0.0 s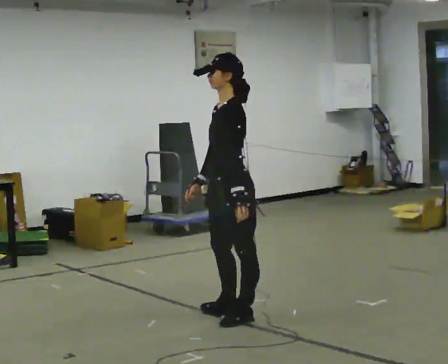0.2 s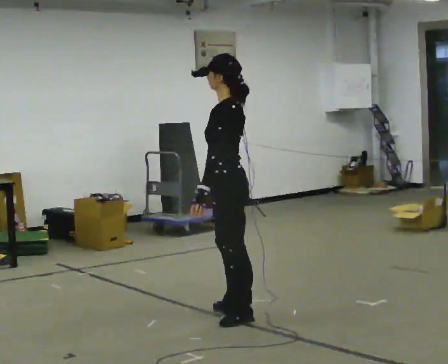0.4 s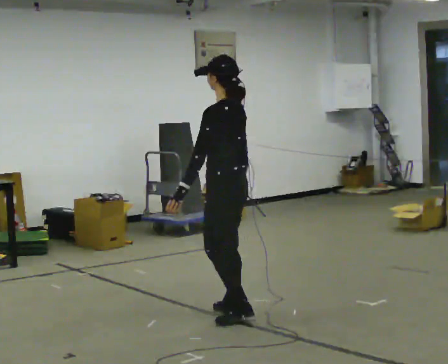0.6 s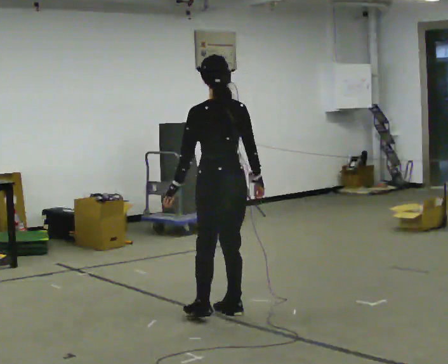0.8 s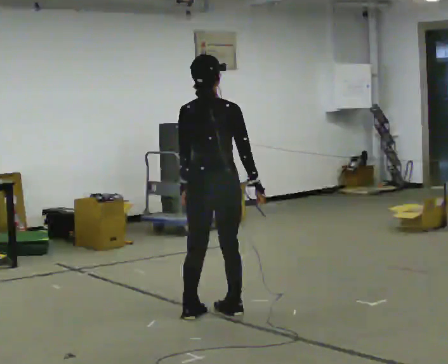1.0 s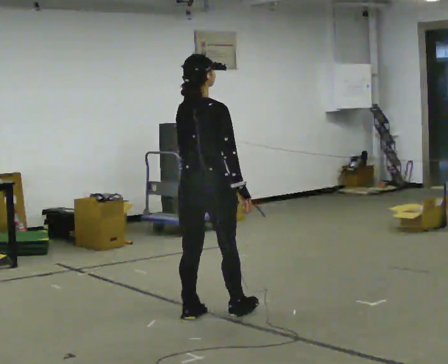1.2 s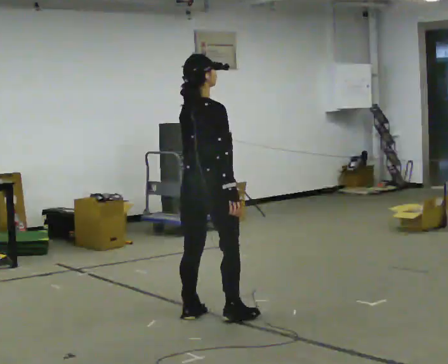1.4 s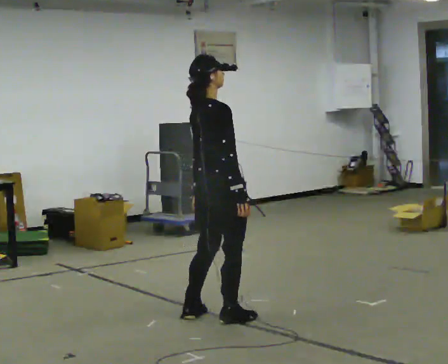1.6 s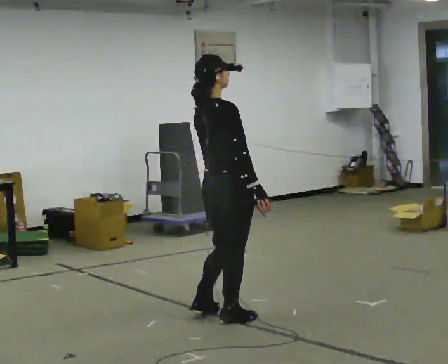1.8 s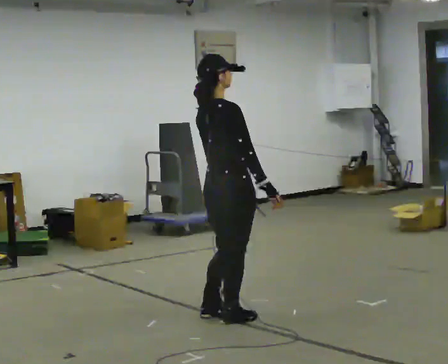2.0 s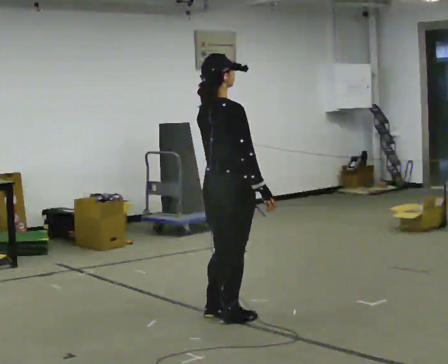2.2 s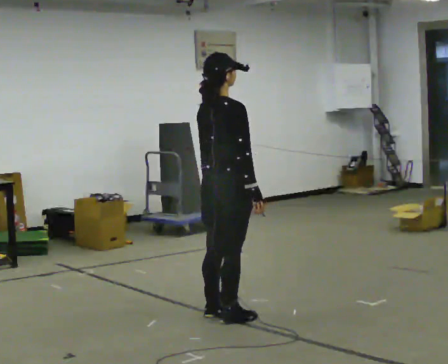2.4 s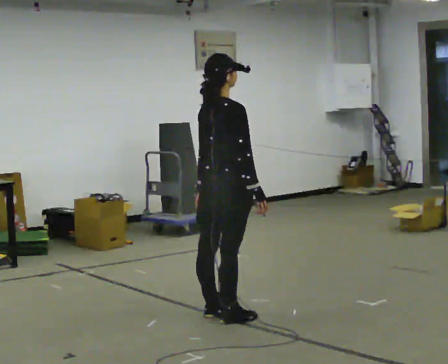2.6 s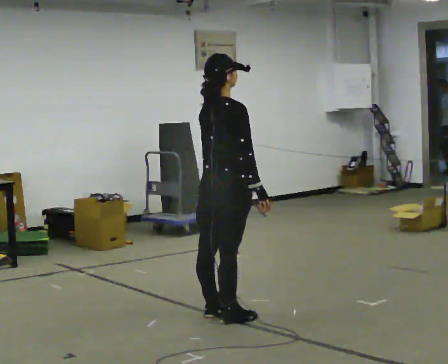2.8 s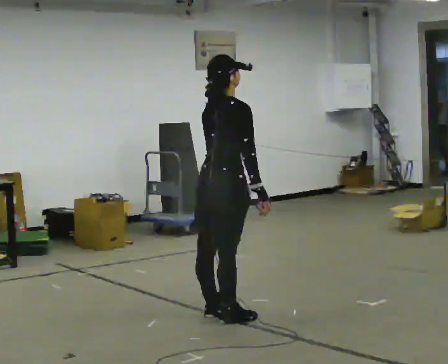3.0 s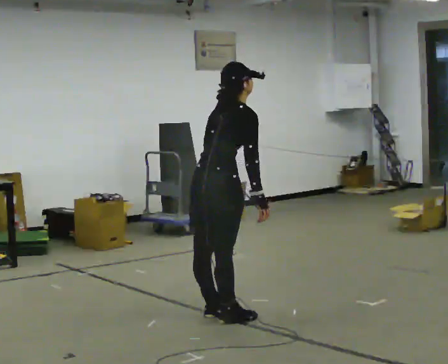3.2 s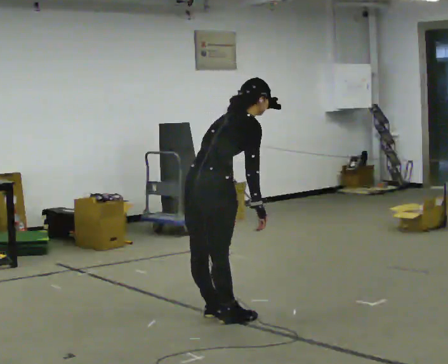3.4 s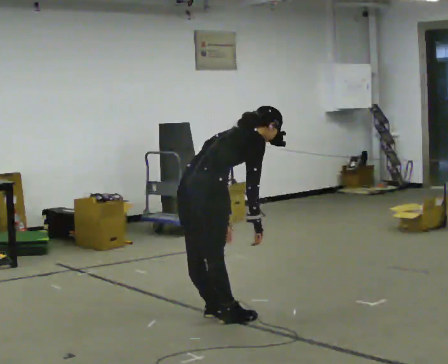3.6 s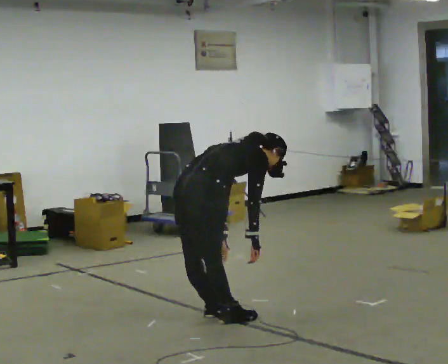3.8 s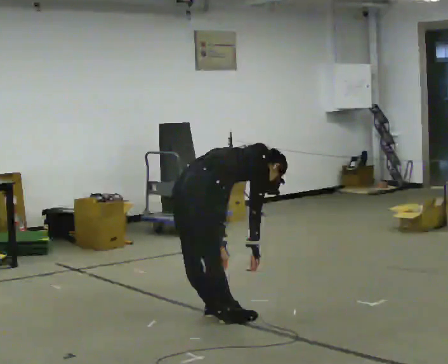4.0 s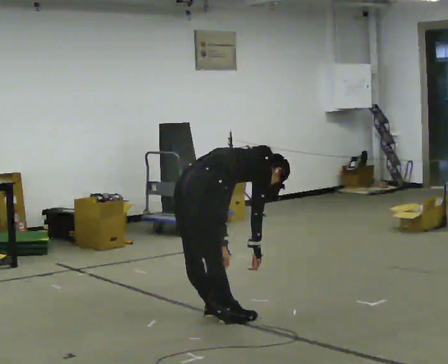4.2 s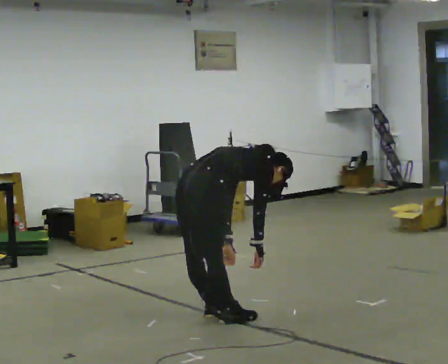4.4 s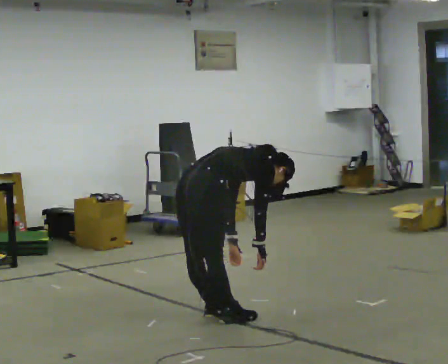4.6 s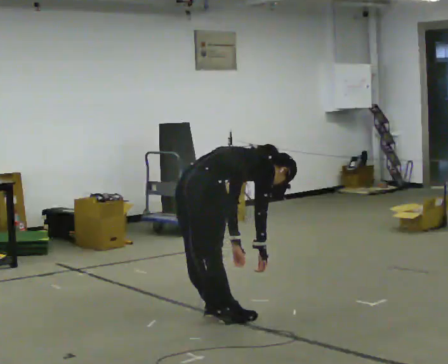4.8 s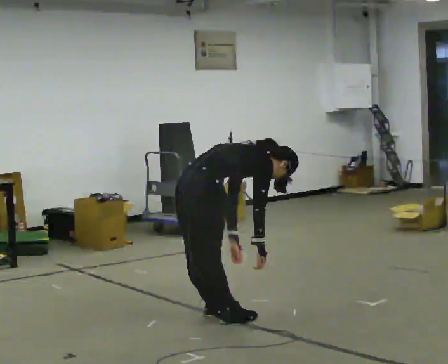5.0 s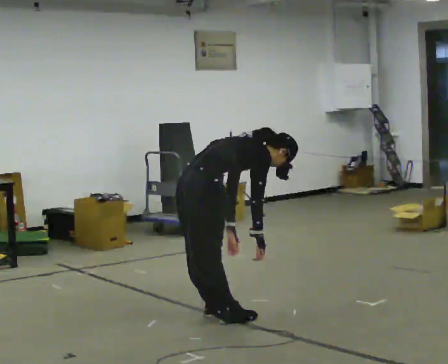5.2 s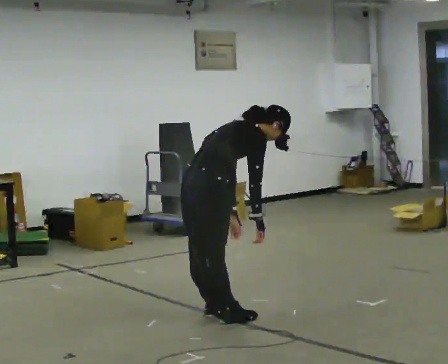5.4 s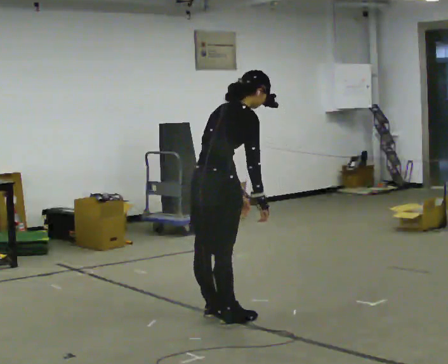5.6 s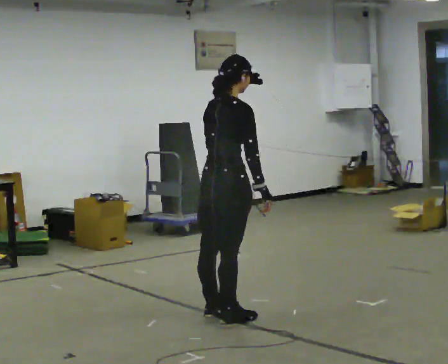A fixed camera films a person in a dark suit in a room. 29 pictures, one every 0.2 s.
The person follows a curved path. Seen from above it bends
clockwise.
0.0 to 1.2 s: The person turns about 150 degrees to their right, clockwise seen from above, so the part of the body nearest the lens slides to the left. In the picture they go to the left, about 0.25 m in 1 step.
1.2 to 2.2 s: The person moves a little, or ends about where they began.
2.2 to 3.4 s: The shoulders move downward. In the picture the upper body tilts clockwise, shoulders to the right, as they bend forward.
3.4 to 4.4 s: In the picture the upper body tilts clockwise, shoulders to the right, as they bend forward.
4.4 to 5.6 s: The upper body goes upward. In the picture the upper body tilts counterclockwise, shoulders to the left, as they lean back or straighten. In the picture their left hand goes upward.
The film runs forward here.
